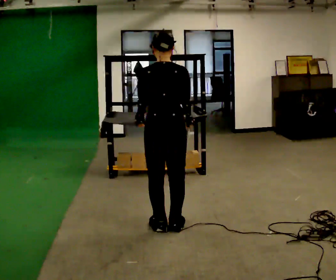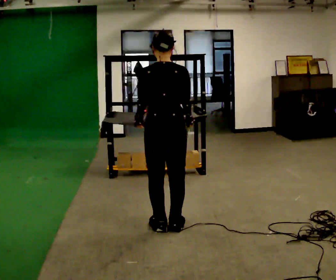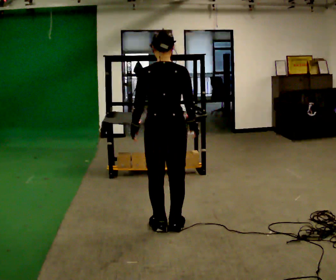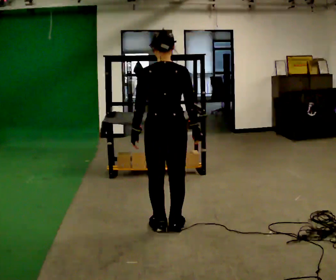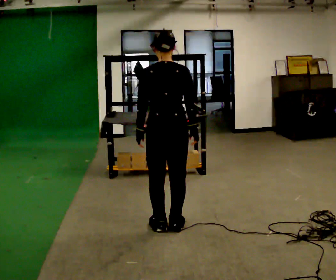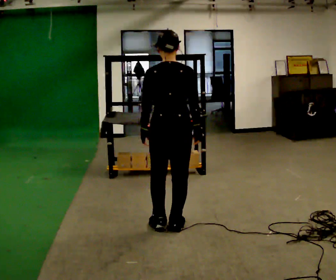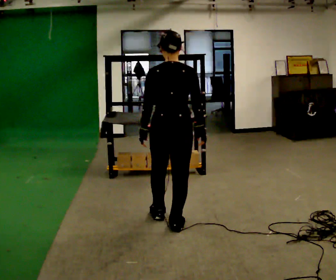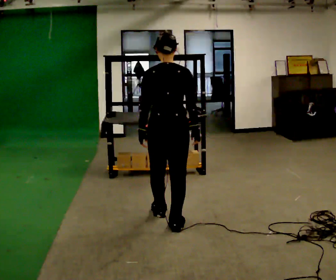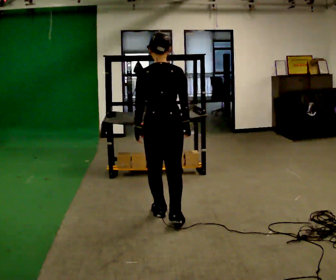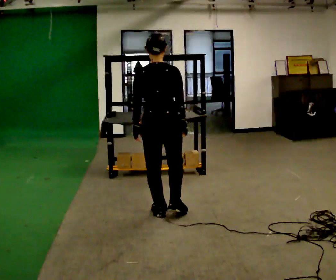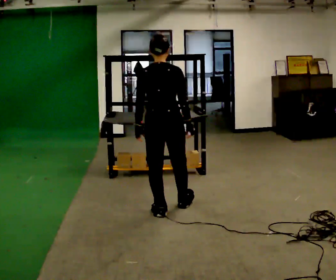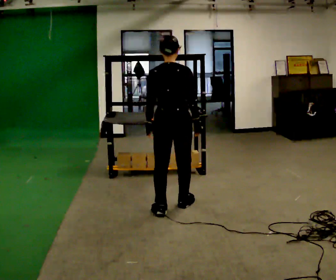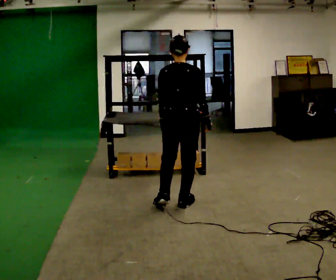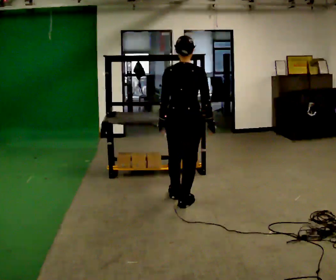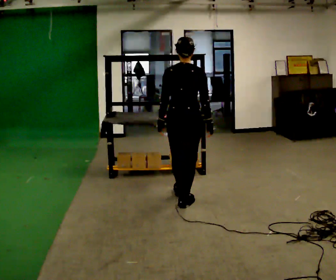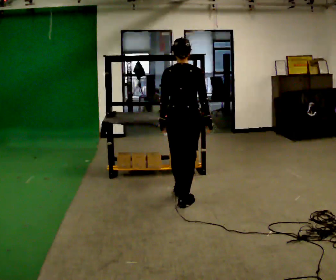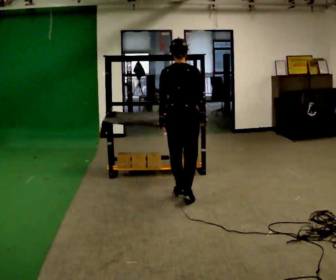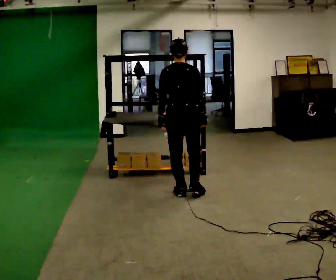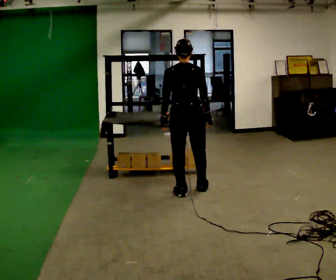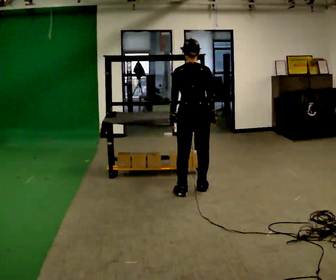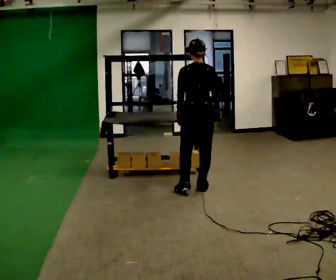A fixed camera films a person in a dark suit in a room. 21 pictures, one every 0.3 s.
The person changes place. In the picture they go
away from the camera.
0.0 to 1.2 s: The person moves a little, or ends about where they began.
1.2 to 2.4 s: In the picture they go away from the camera, about 0.25 m in 1 step, which for them is forward.
2.4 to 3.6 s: In the picture they go away from the camera and to the right, about 0.25 m in 1 step, which for them is forward.
3.6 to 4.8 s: In the picture they go away from the camera, about 0.25 m in 1 step, which for them is forward.
4.8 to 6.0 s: In the picture they go away from the camera and to the right, about 0.25 m in 1 step, which for them is forward and to their right.
The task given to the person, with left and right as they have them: Take an object from the lowest shelf, carry it across the room, and place it on the highest shelf you can comfortably reach. Keep going until the operator says stop; one object at a time, and do not rush between trips.
The film runs forward here.
